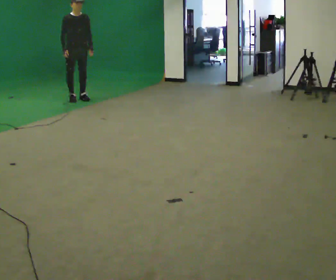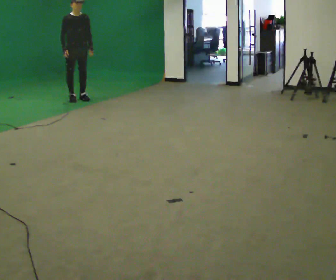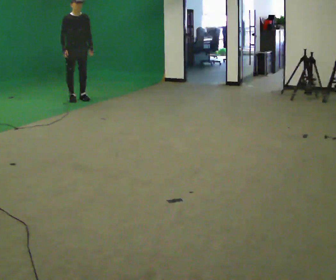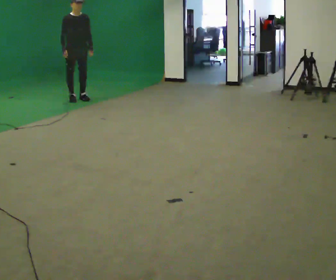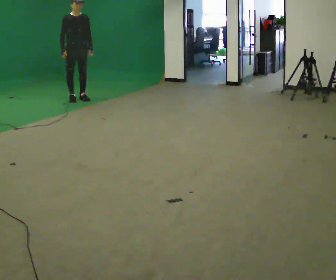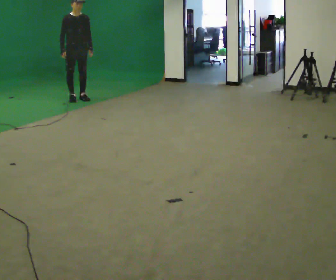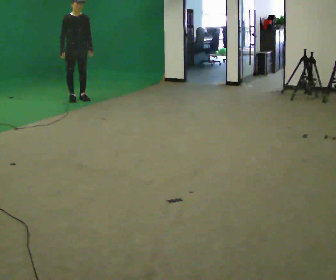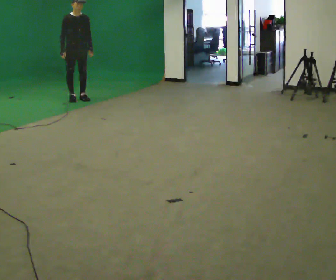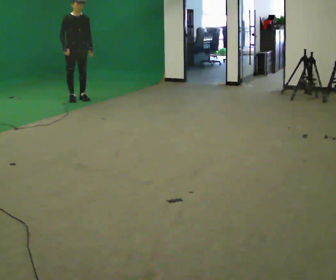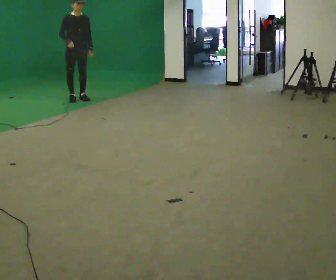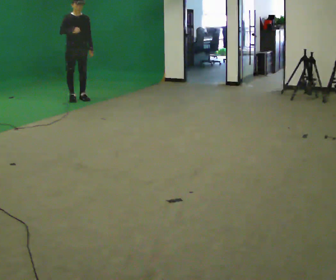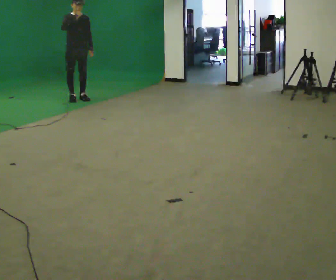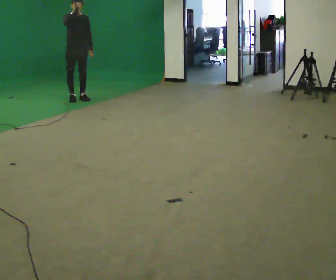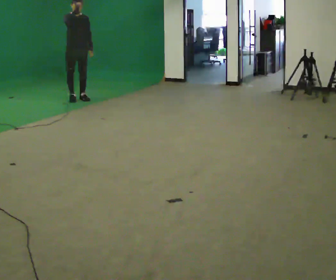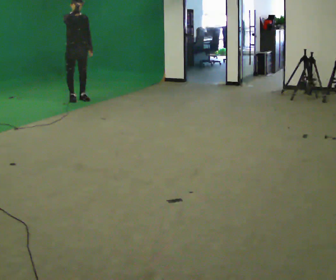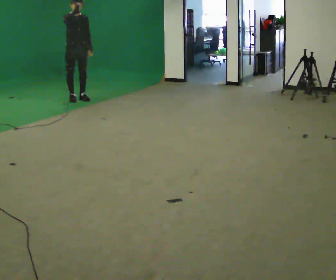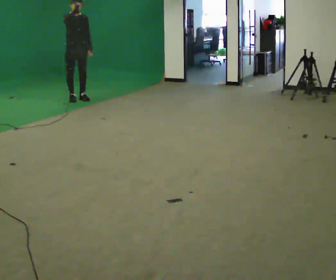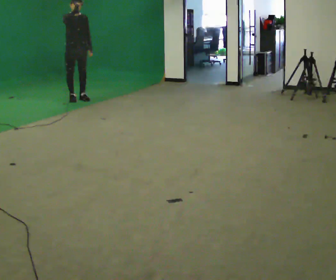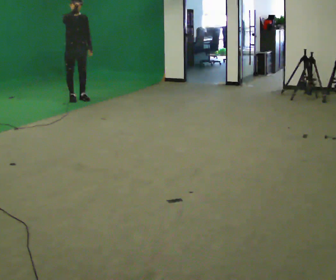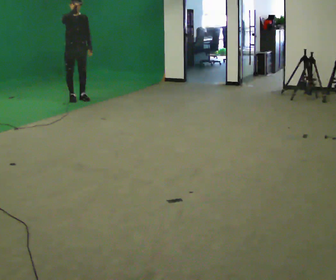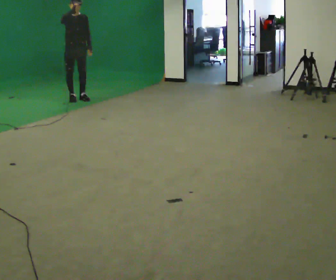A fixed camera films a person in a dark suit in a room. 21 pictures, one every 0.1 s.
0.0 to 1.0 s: The person moves a little, or ends about where they began.
1.0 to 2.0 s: In the picture their right hand goes upward.
The film runs backward here.
